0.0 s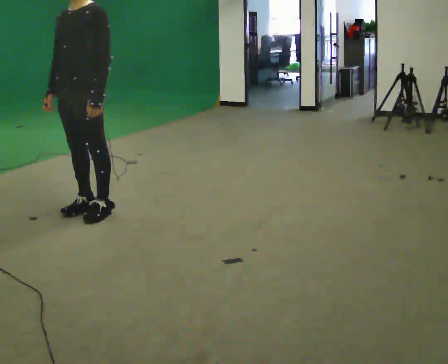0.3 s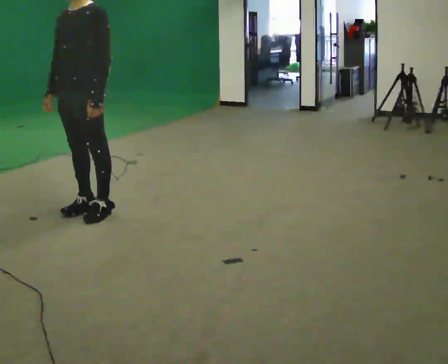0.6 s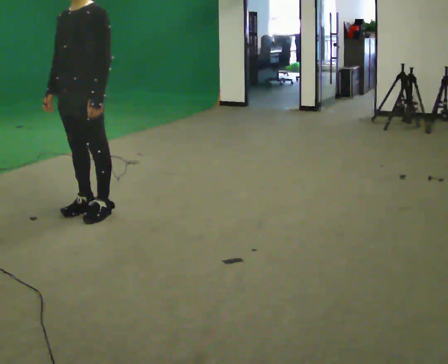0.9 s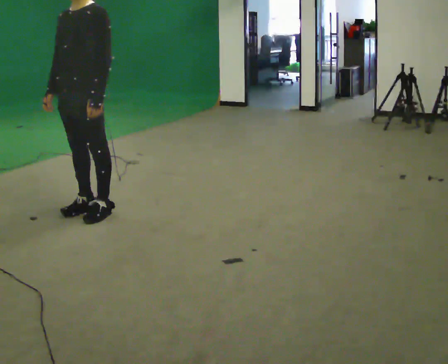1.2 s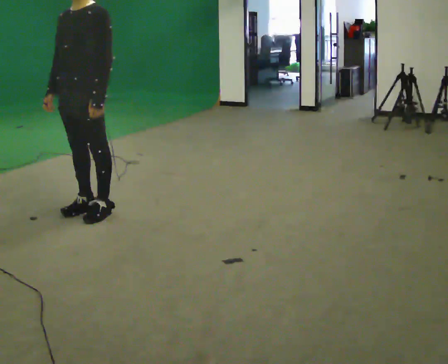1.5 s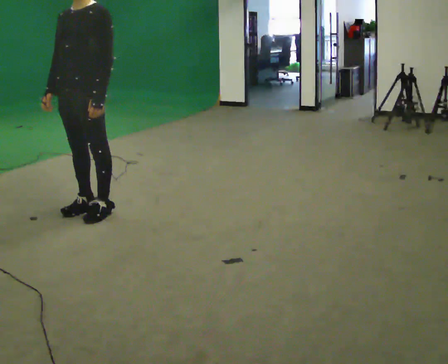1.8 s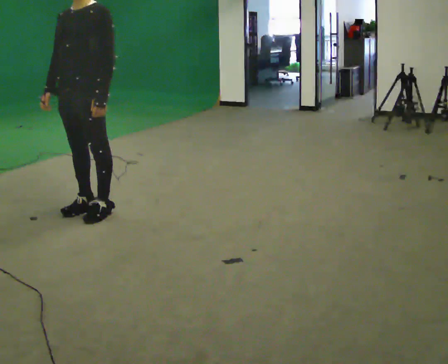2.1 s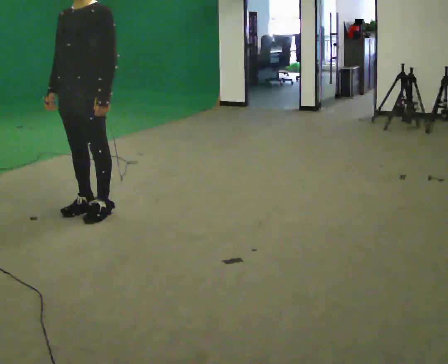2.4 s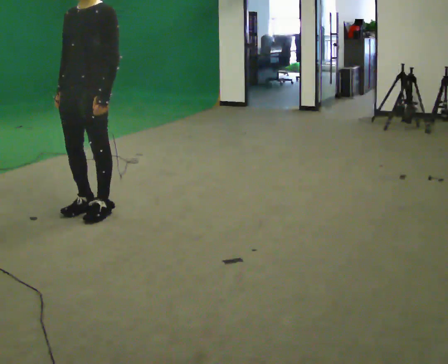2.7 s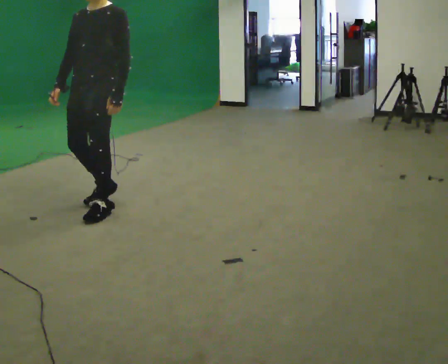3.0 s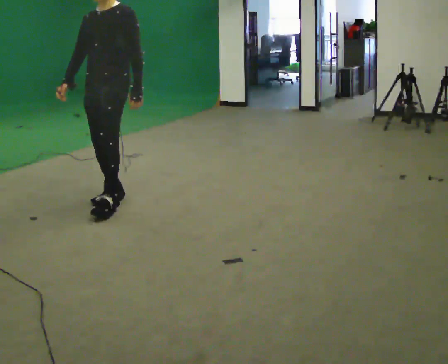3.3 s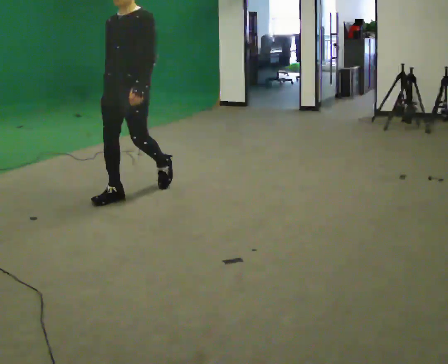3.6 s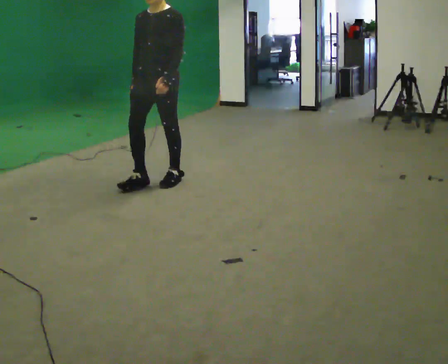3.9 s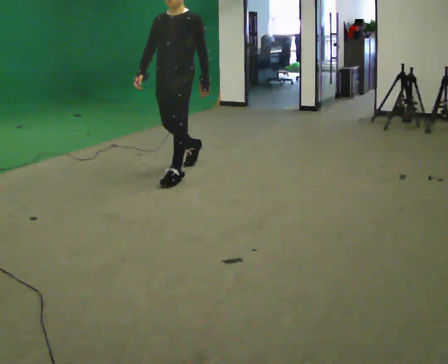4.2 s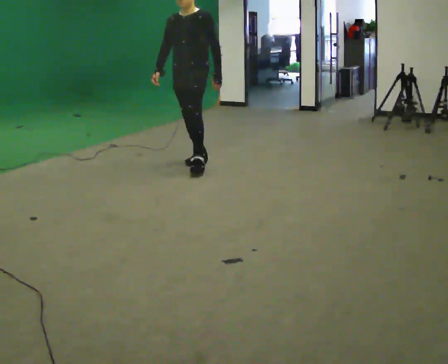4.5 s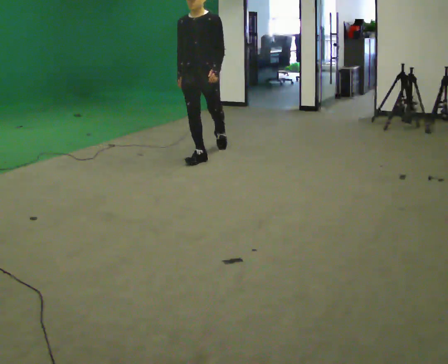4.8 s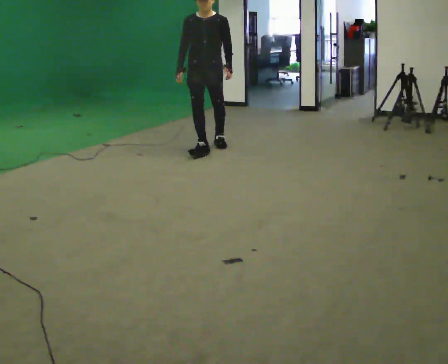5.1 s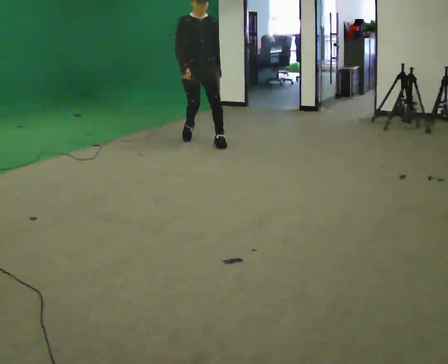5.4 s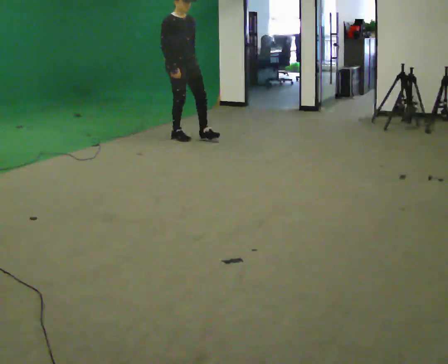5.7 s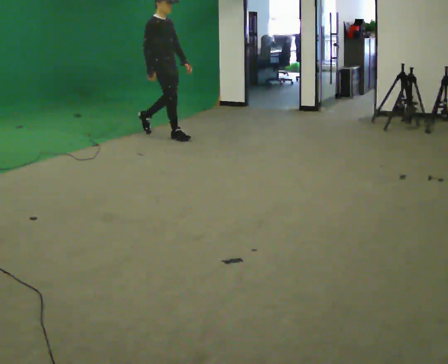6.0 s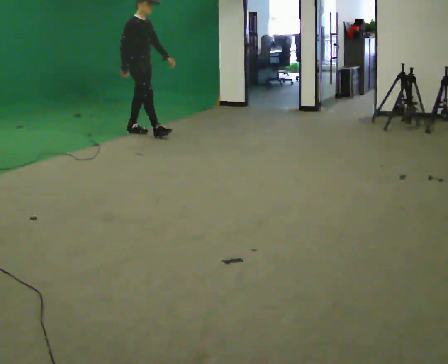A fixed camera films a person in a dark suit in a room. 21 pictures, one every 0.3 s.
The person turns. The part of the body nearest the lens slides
to the right.
The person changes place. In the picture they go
away from the camera.
0.0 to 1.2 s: The person keeps their place and pose.
1.2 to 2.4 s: The person moves a little, or ends about where they began.
2.4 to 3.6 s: In the picture they go away from the camera and to the right, about 1 m in 3 steps, which for them is backward.
3.6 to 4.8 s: In the picture they go away from the camera and to the right, about 1.5 m in 2 steps, which for them is backward.
4.8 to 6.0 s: The part of the body nearest the lens slides to the right as the person turns to their left by about 75 degrees. In the picture they go away from the camera and to the left, about 1 m in 2 steps.
The film runs backward here.
